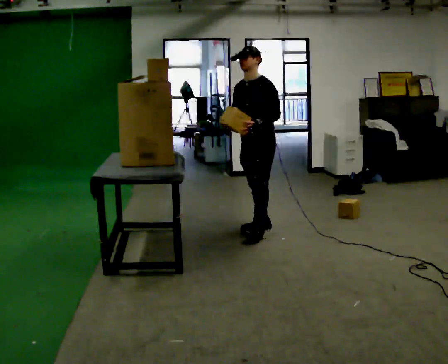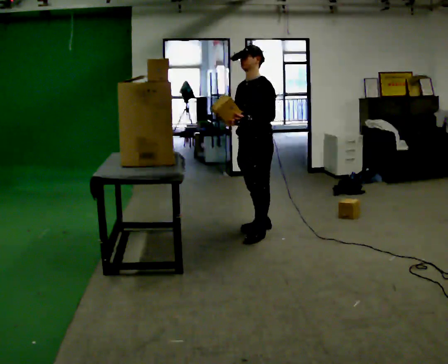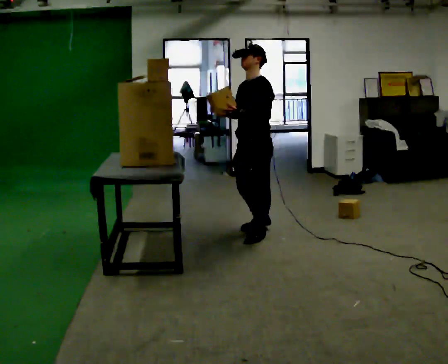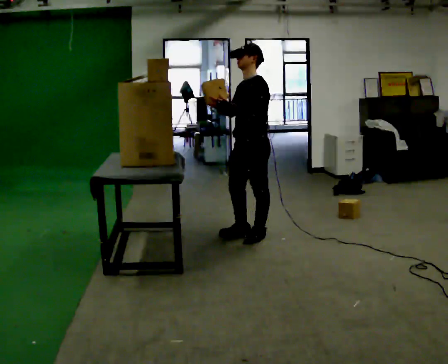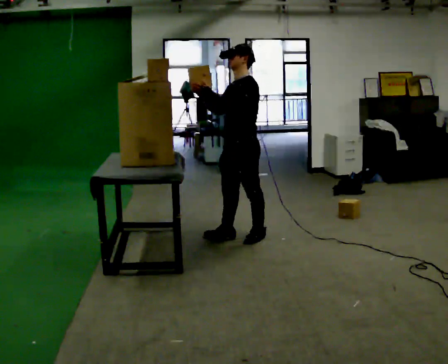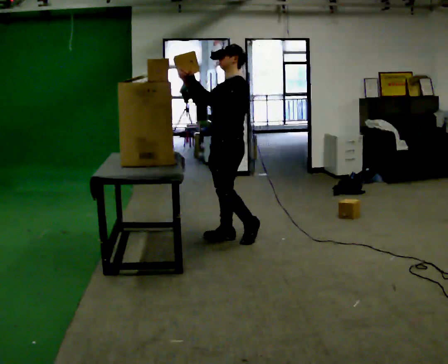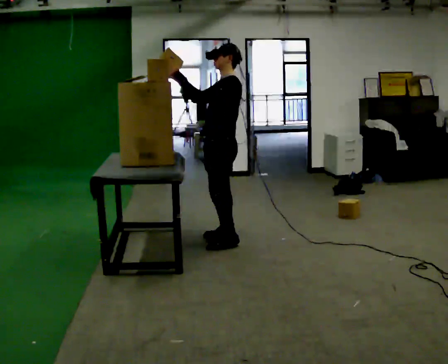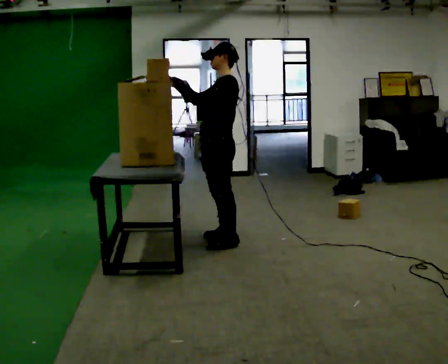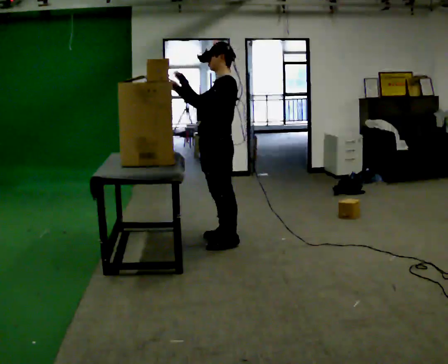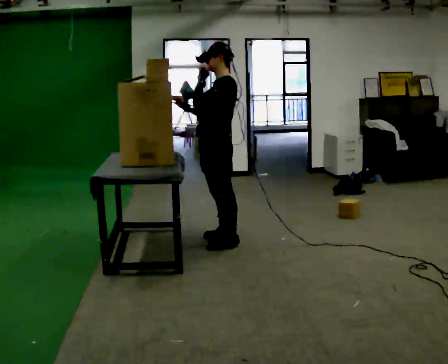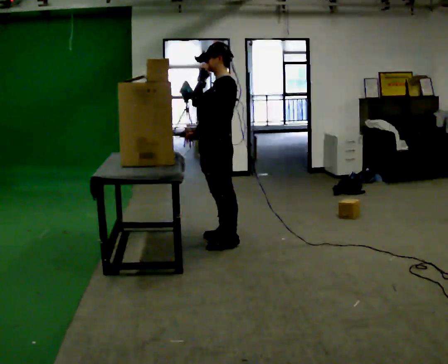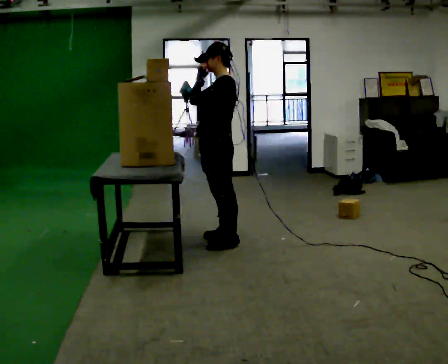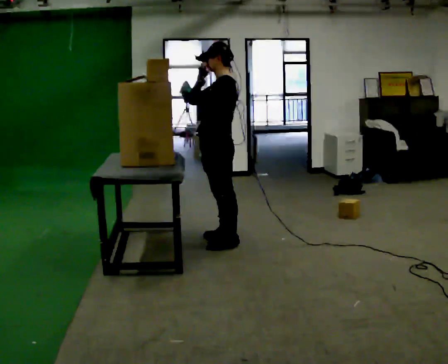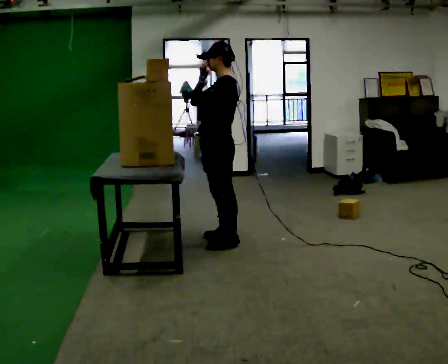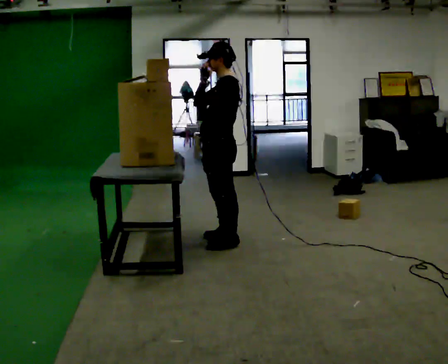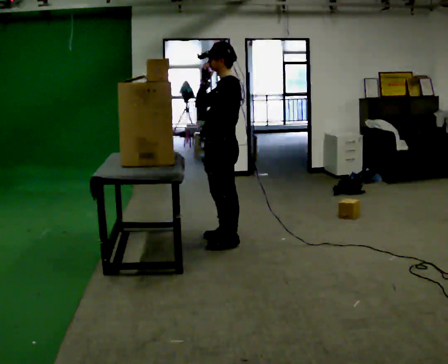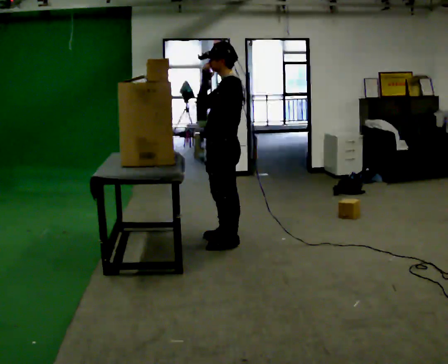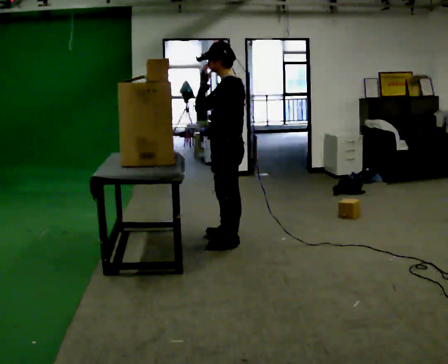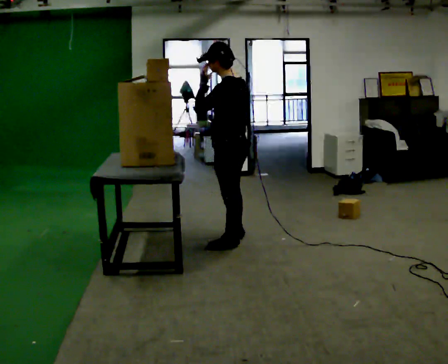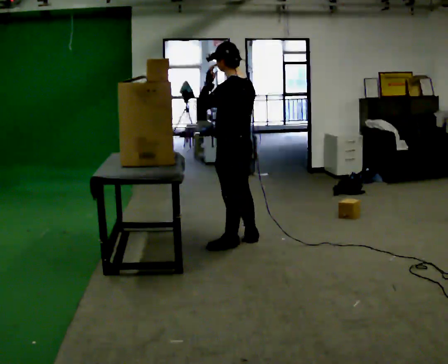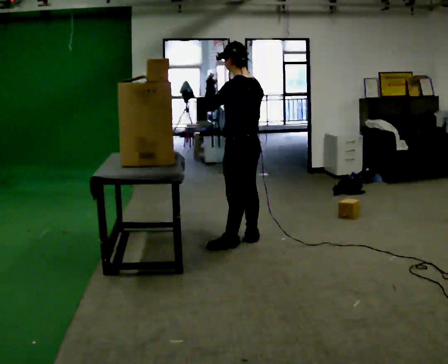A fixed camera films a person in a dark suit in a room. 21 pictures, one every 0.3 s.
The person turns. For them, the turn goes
to their right.
The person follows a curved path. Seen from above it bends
counterclockwise.
0.0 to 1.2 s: In the picture they go toward the camera and to the left, about 0.25 m in 1 step, which for them is forward and to their left.
1.2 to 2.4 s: In the picture they go to the left, about 0.25 m in 1 step, which for them is forward.
2.4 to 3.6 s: In the picture their right hand goes downward and to the right, the arm swinging counterclockwise.
3.6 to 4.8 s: The person moves a little, or ends about where they began.
4.8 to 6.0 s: The part of the body nearest the lens slides to the left as the person turns to their right by about 30 degrees. In the picture they go to the right, about 0.25 m in 1 step, which for them is backward.
The film runs forward here.
